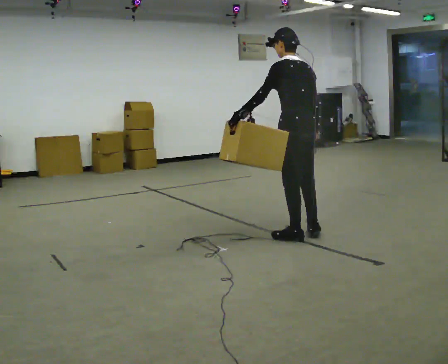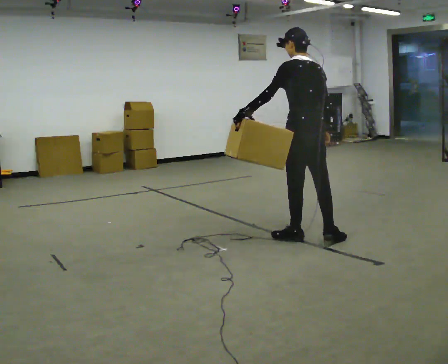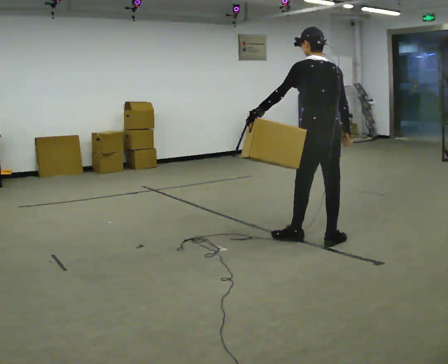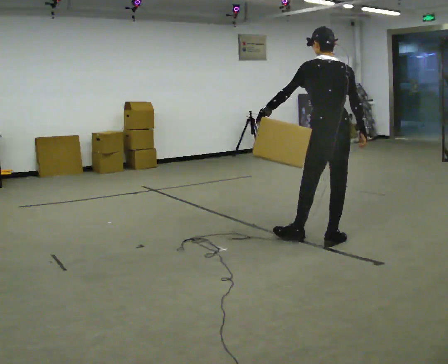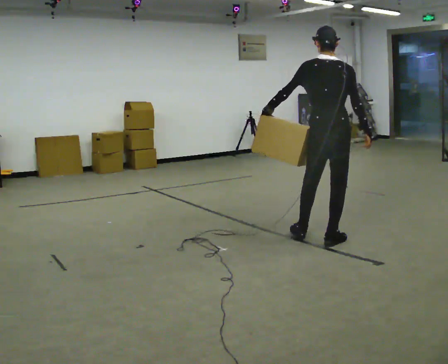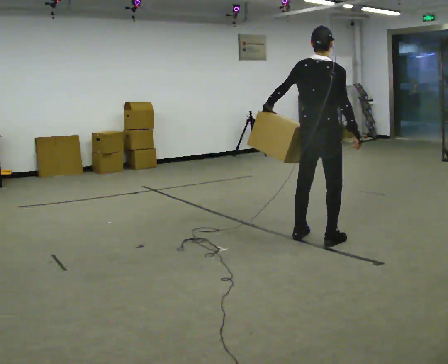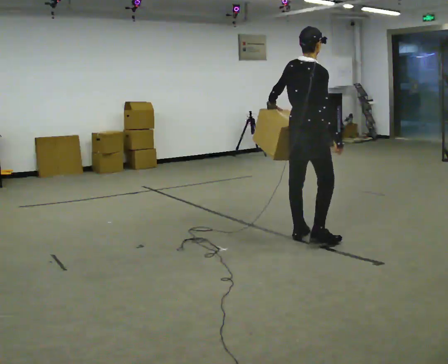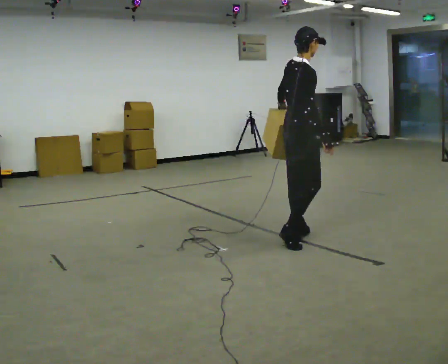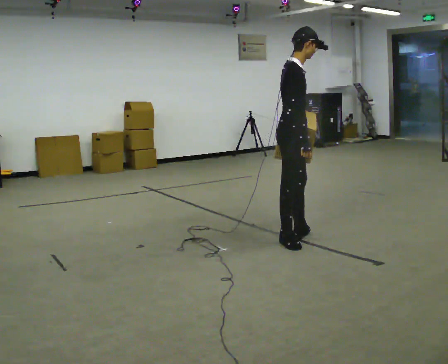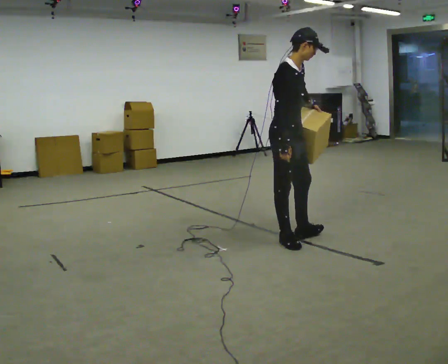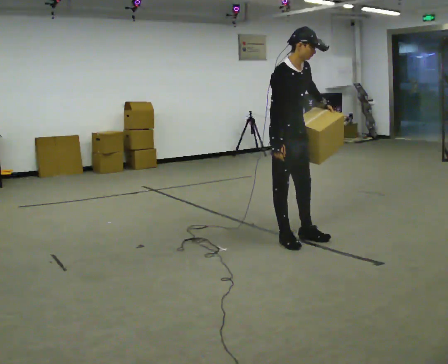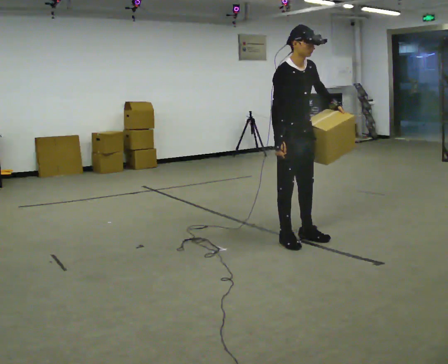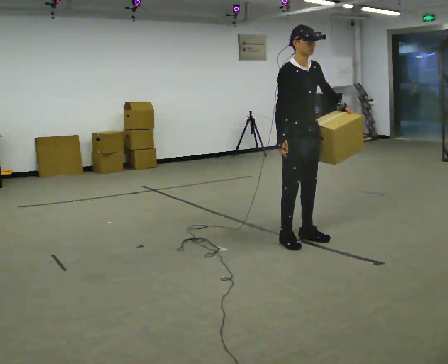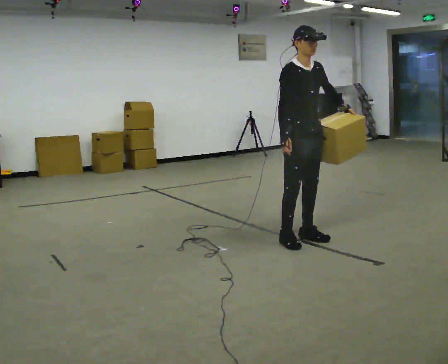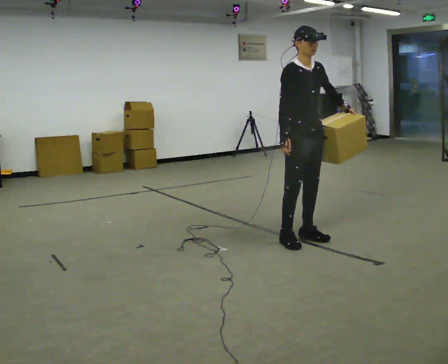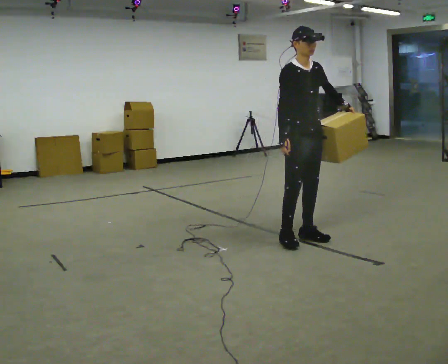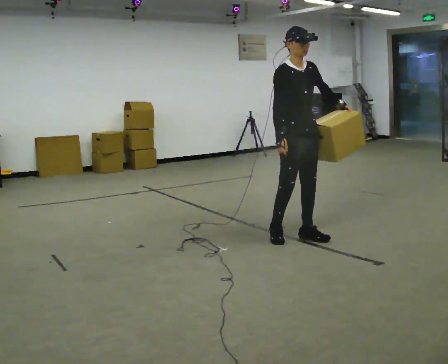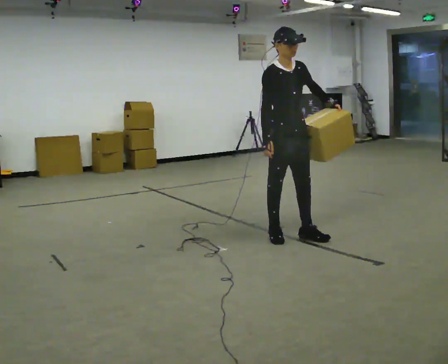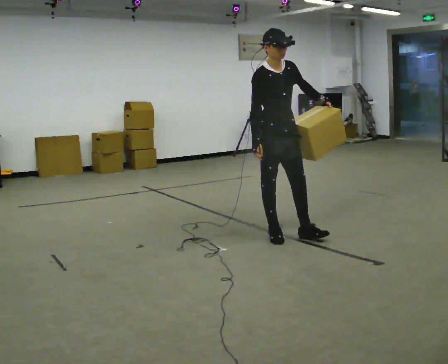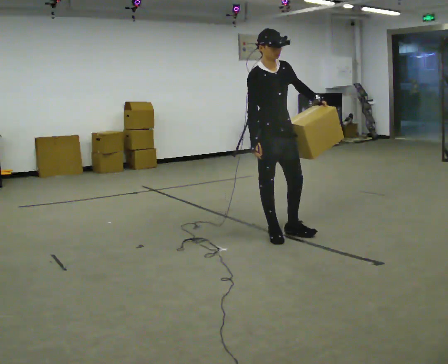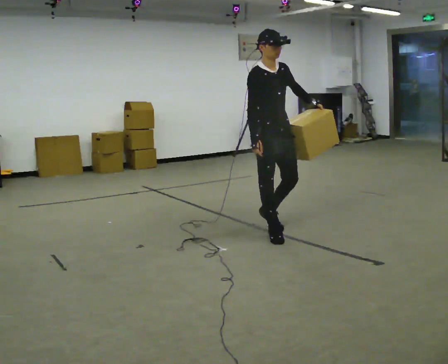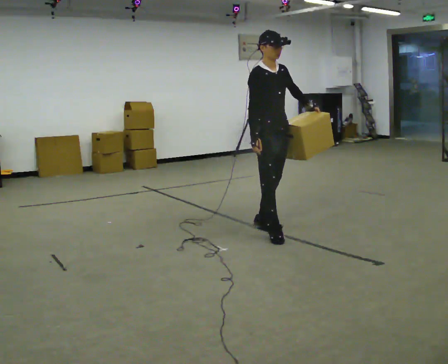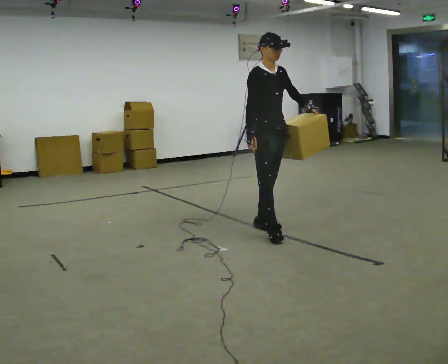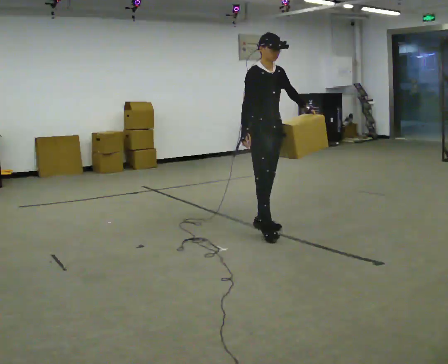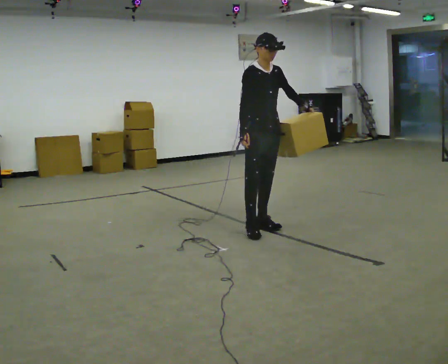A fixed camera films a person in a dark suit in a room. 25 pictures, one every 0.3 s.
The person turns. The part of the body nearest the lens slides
to the left.
The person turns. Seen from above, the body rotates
clockwise.
0.0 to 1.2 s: Seen from above the body turns clockwise, about 45 degrees: to their right, with its near side sliding to the left. In the picture they go to the right, about 0.25 m, which for them is to their right and backward.
1.2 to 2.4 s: The person turns about 75 degrees to their right, clockwise seen from above, so the part of the body nearest the lens slides to the left. In the picture they go to the left, about 0.25 m in 1 step.
2.4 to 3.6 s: Seen from above the body turns clockwise, about 45 degrees: to their right, with its near side sliding to the left. In the picture their left hand goes to the right.
3.6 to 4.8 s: The person moves a little, or ends about where they began.
4.8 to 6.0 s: In the picture they go to the left, about 0.25 m in 1 step, which for them is backward and to their right.
6.0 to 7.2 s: In the picture they go away from the camera, about 0.25 m in 1 step, which for them is backward and to their left.
The film runs backward here.
